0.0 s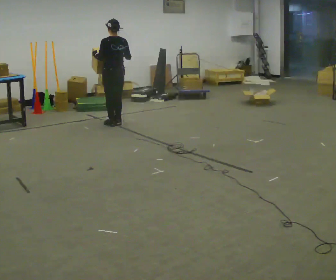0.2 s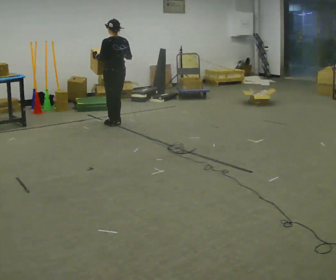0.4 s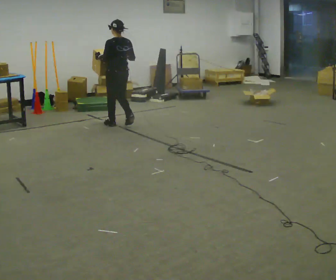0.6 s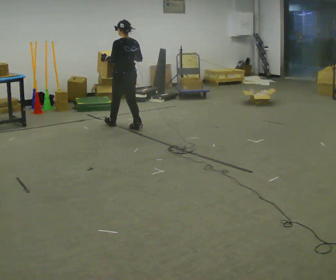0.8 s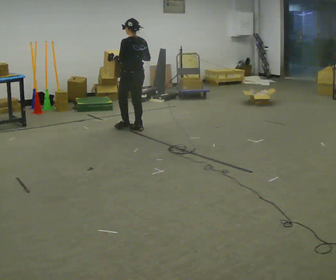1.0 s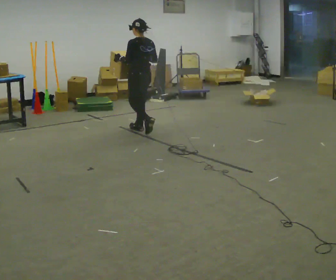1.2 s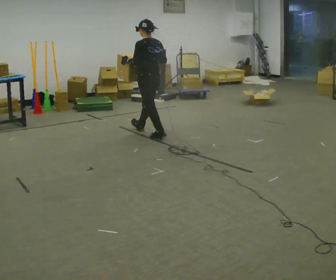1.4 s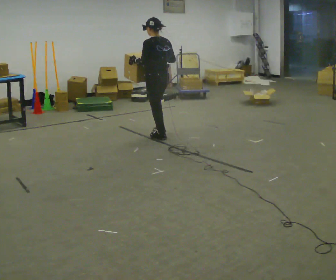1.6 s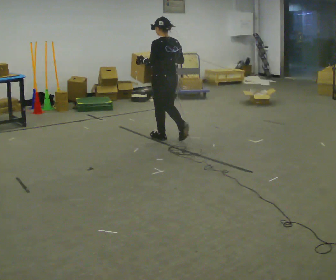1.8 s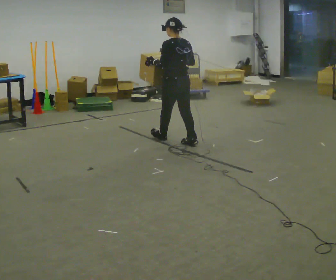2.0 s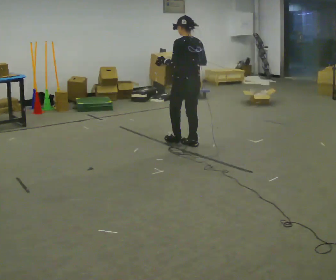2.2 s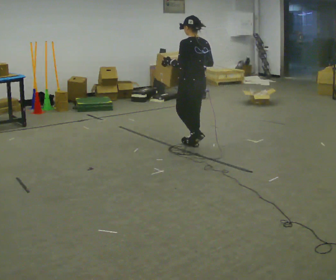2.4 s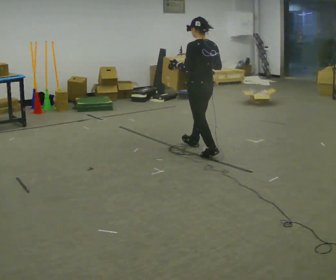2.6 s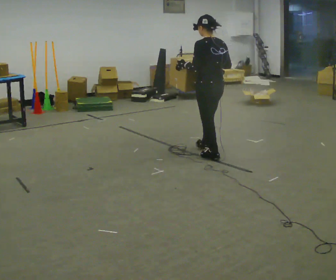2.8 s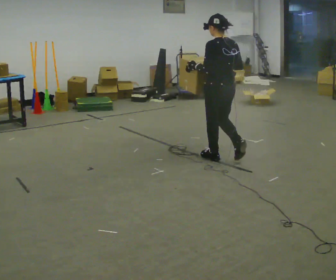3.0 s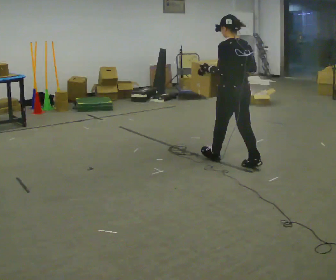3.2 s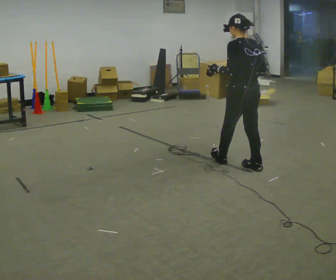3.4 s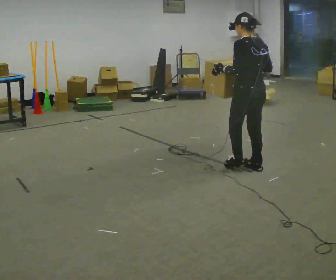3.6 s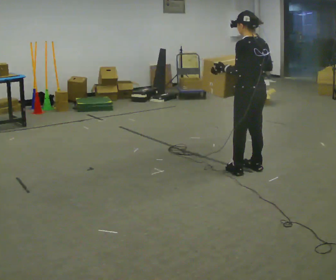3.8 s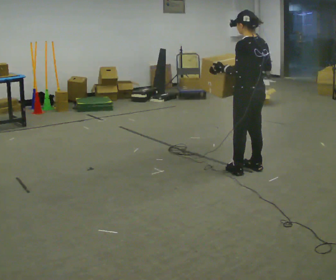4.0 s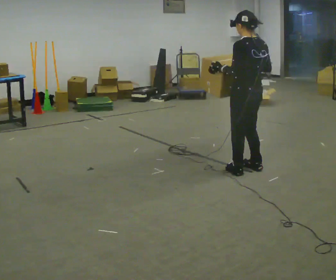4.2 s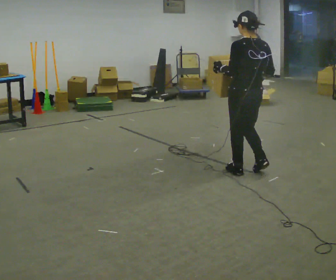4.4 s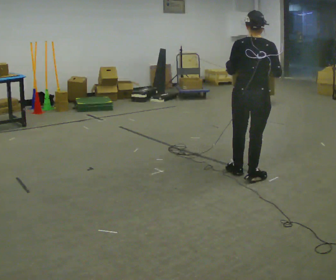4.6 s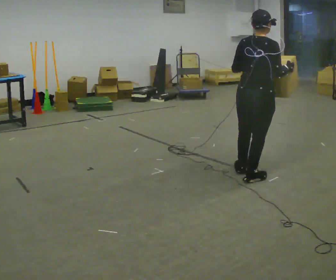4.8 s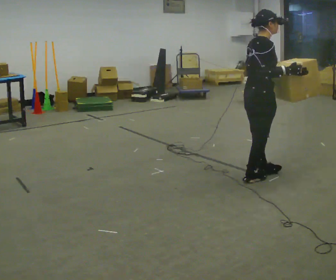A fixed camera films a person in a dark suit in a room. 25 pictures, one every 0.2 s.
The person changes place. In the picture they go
toward the camera.
0.0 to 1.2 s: In the picture they go toward the camera and to the right, about 1 m in 3 steps, which for them is backward.
1.2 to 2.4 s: In the picture they go toward the camera and to the right, about 1 m in 1 step, which for them is backward.
2.4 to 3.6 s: In the picture they go toward the camera and to the right, about 0.5 m in 2 steps, which for them is backward.
3.6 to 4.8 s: The part of the body nearest the lens slides to the left as the person turns to their right by about 120 degrees. In the picture they go toward the camera, about 0.25 m in 2 steps.
The film runs backward here.
